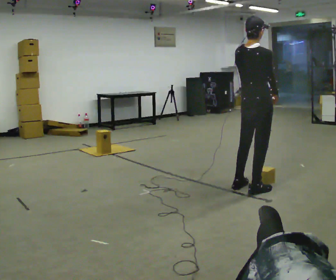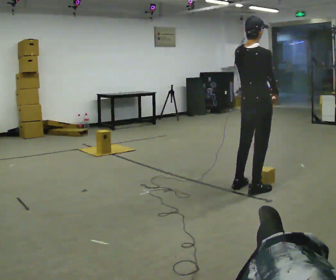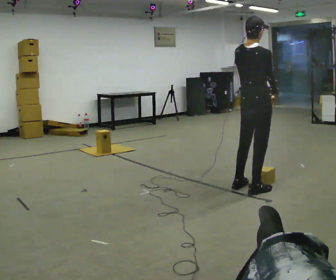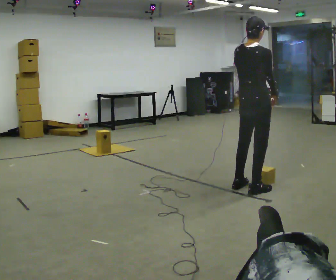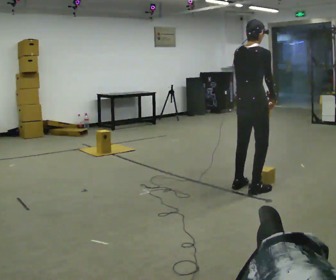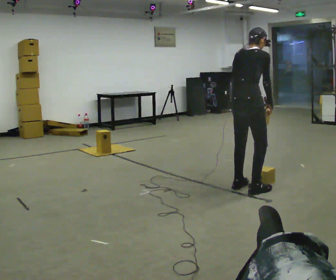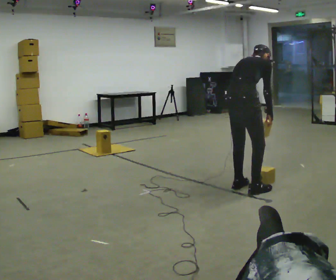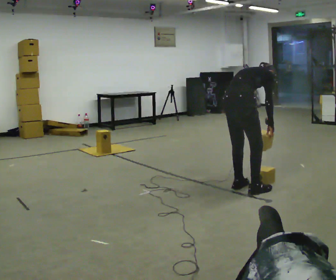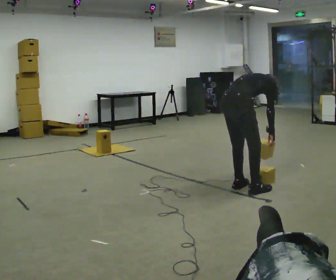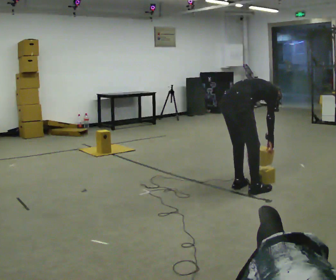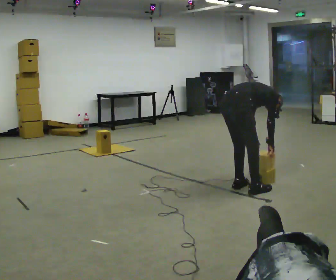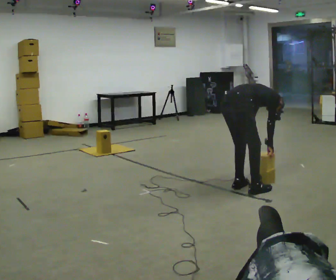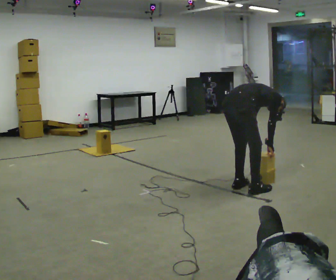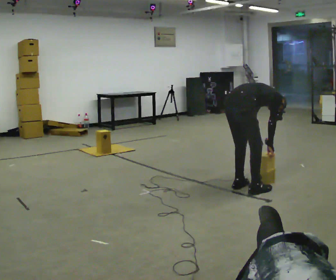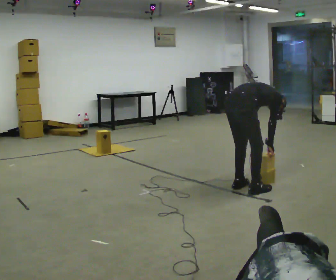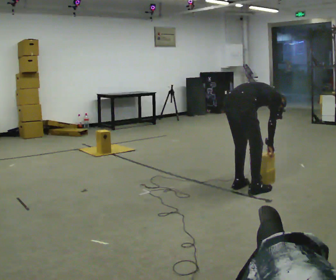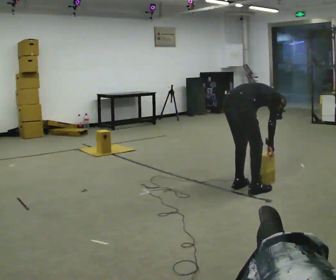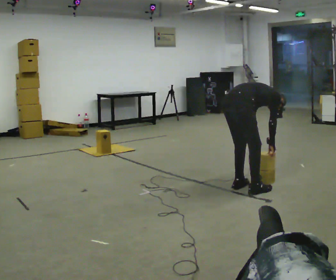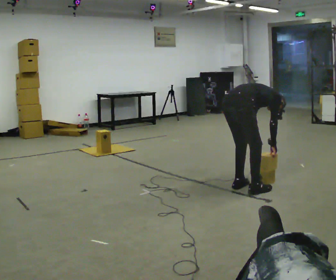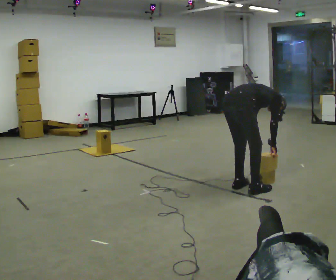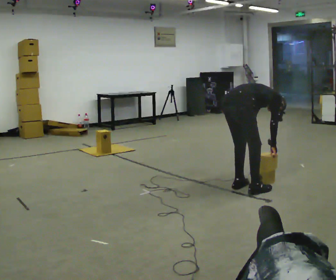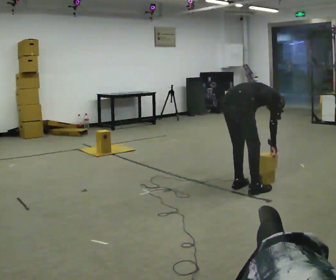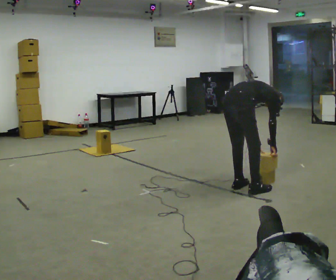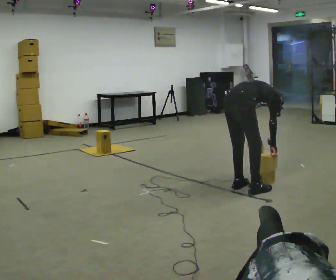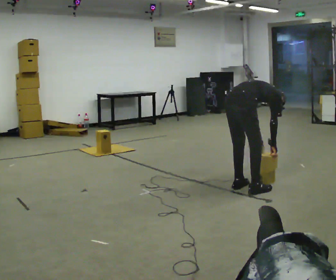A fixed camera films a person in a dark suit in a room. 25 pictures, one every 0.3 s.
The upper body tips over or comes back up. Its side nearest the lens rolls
upward.
Their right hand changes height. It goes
downward.
0.0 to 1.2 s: The person moves a little, or ends about where they began.
1.2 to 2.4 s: The shoulders move downward. The upper body tips away from the camera, its near side rolling upward, as they bend forward. In the picture their right hand goes downward.
2.4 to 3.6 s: In the picture the upper body tilts clockwise, shoulders to the right, as they bend forward.
3.6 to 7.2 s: The person moves a little, or ends about where they began.
The film runs backward here.
